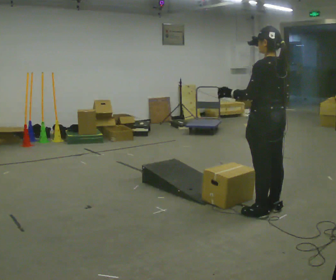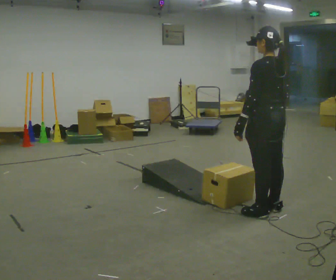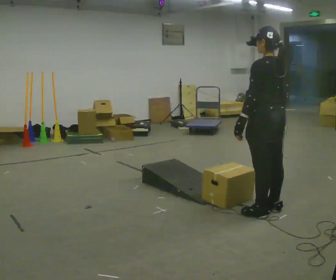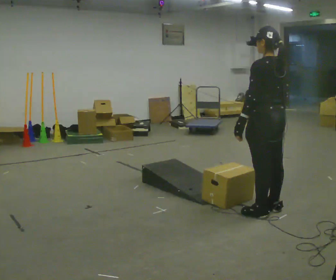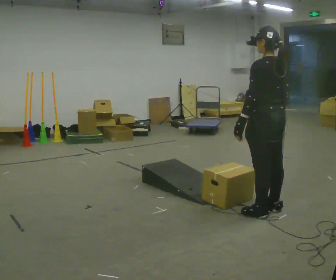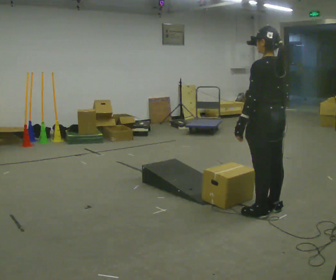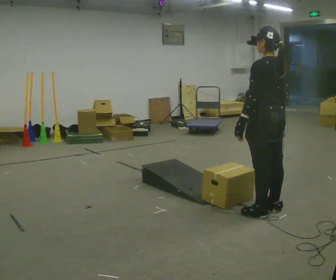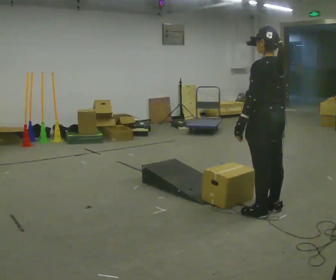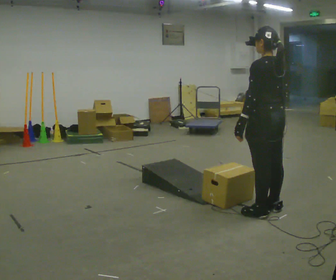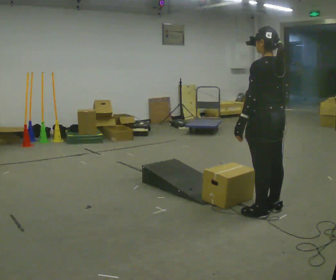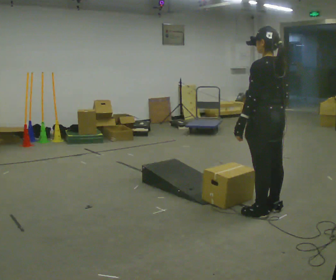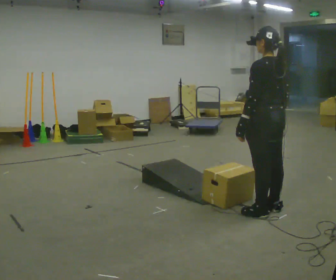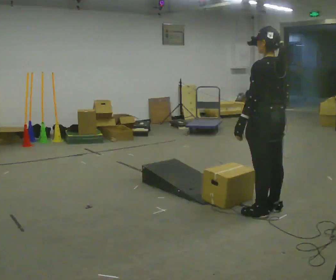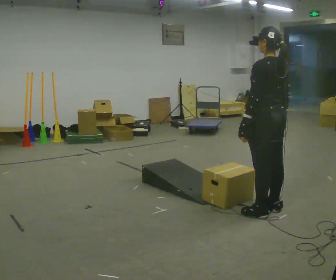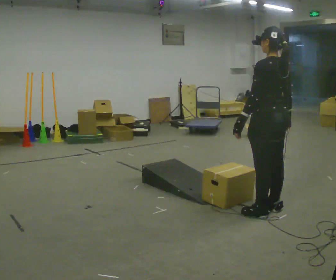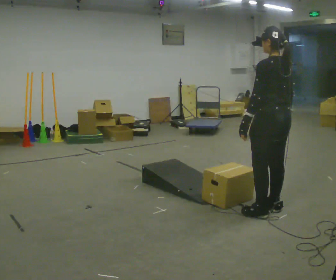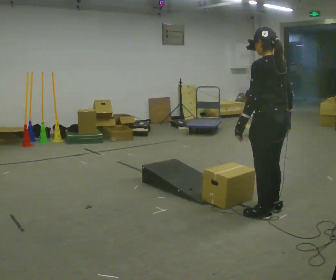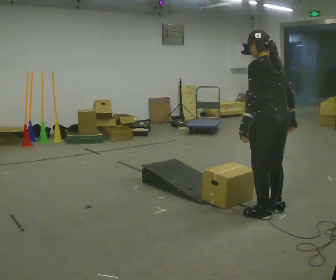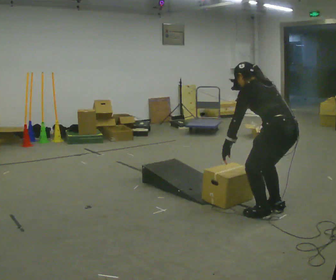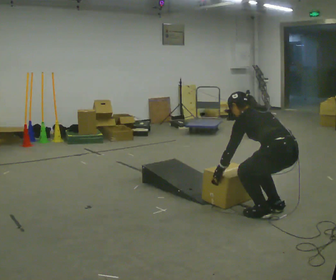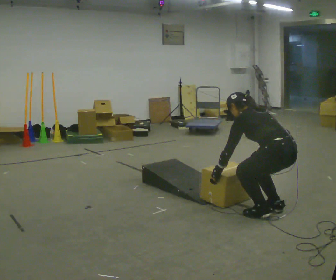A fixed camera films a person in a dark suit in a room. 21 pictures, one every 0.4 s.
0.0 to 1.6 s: The person moves a little, or ends about where they began.
1.6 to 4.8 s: The person keeps their place and pose.
4.8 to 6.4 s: The person moves a little, or ends about where they began.
6.4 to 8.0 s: The upper body goes downward. In the picture the upper body tilts counterclockwise, shoulders to the left, as they bend forward. In the picture their left hand goes downward.
The film runs backward here.
